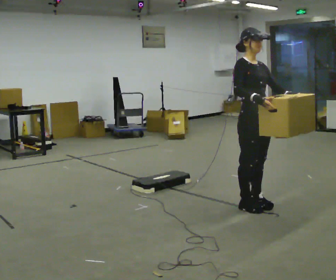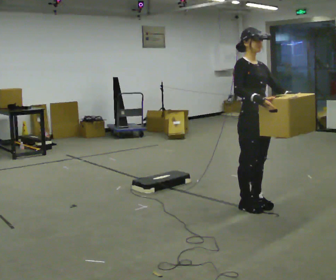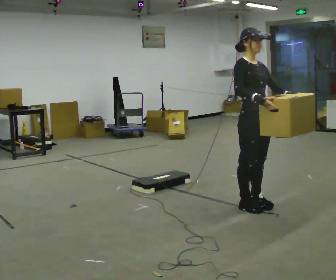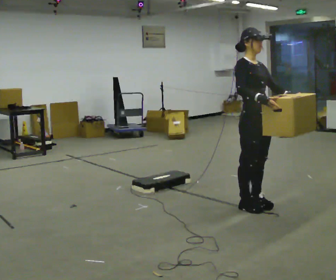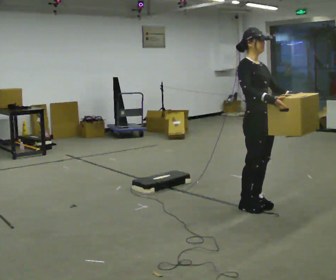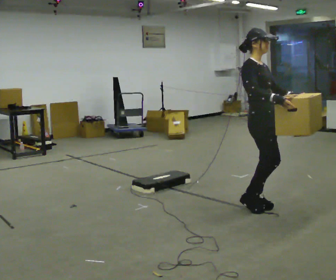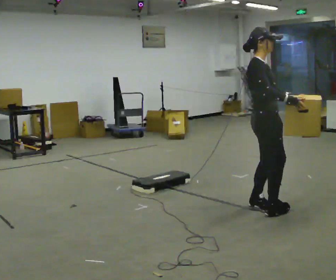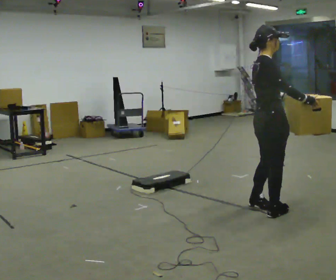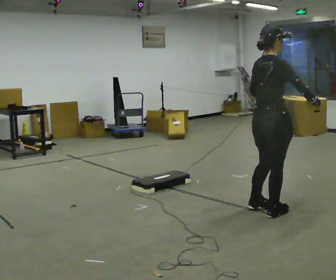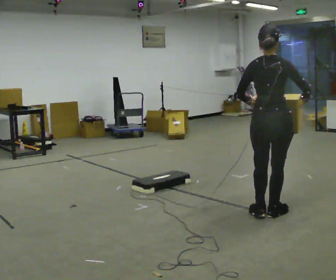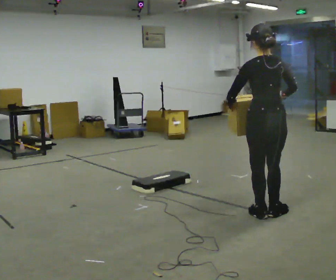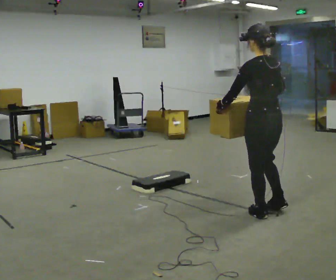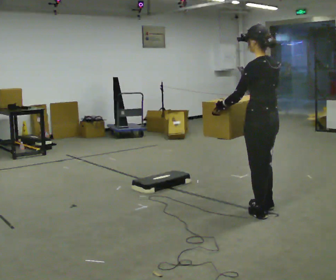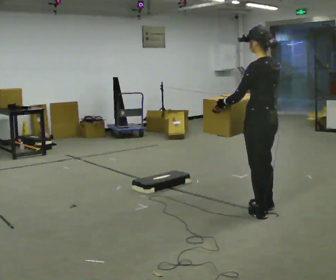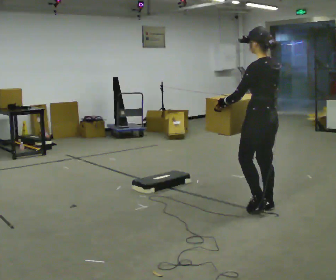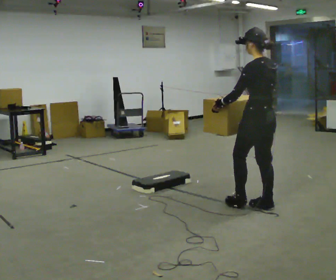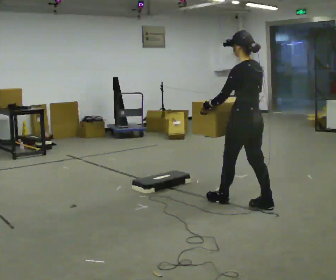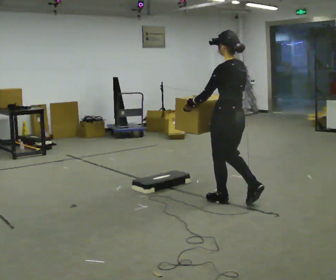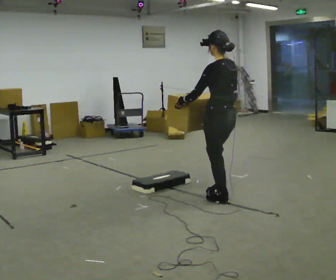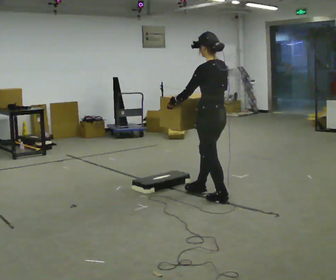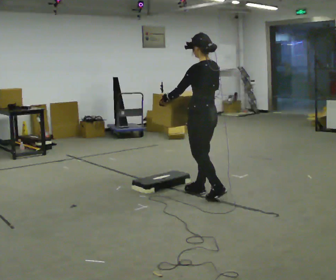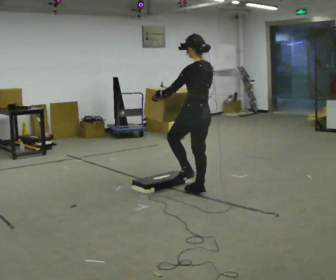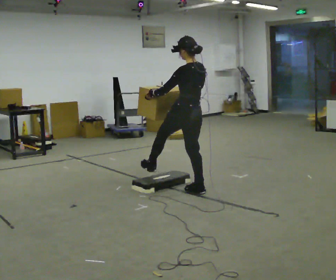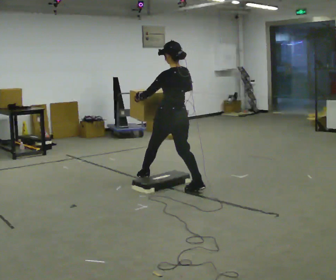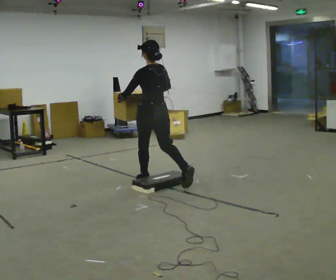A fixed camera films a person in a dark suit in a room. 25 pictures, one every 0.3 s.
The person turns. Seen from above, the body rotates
counterclockwise.
Their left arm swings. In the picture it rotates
clockwise.
0.0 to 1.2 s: The person moves a little, or ends about where they began.
1.2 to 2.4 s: Seen from above the body turns counterclockwise, about 75 degrees: to their left, with its near side sliding to the right. In the picture they go toward the camera, about 0.25 m in 1 step.
2.4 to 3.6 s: The part of the body nearest the lens slides to the right as the person turns to their left by about 105 degrees. In the picture their right hand goes to the left.
3.6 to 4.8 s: In the picture they go to the left and away from the camera, about 0.25 m in 1 step, which for them is forward.
4.8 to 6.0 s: In the picture they go to the left and away from the camera, about 0.5 m in 1 step, which for them is forward.
6.0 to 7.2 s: In the picture they go to the left, about 0.5 m in 1 step, which for them is forward.
The film runs forward here.
